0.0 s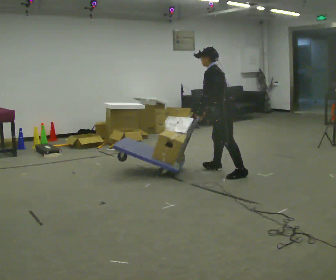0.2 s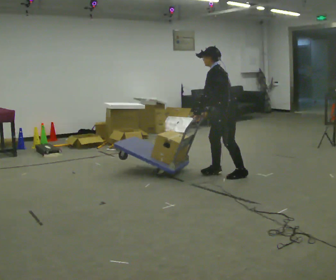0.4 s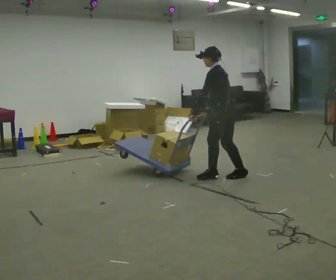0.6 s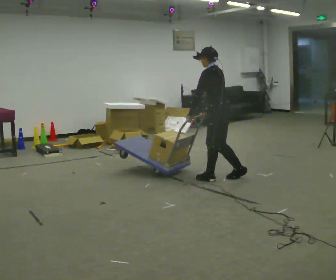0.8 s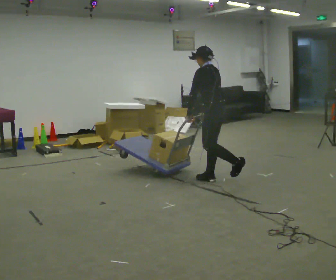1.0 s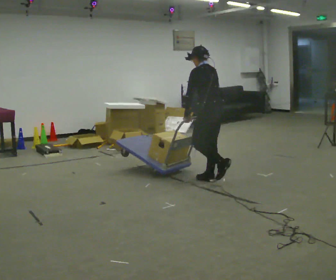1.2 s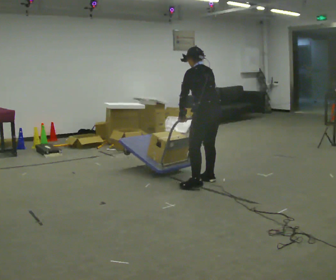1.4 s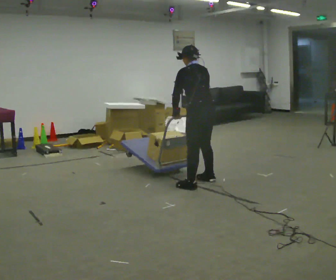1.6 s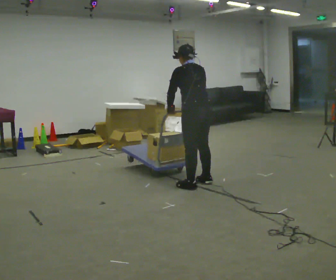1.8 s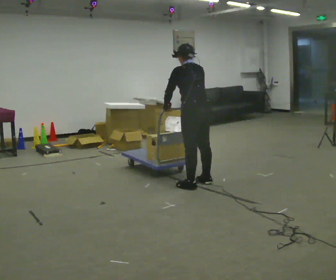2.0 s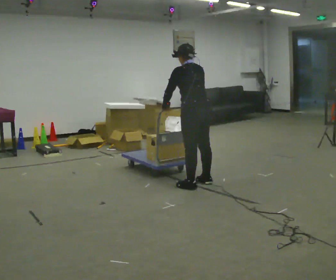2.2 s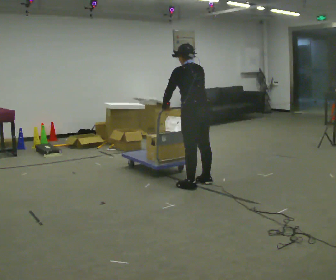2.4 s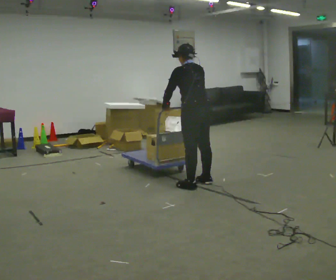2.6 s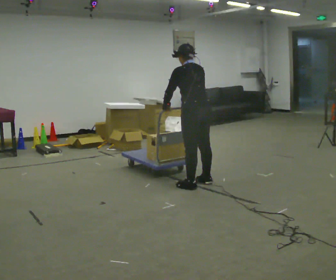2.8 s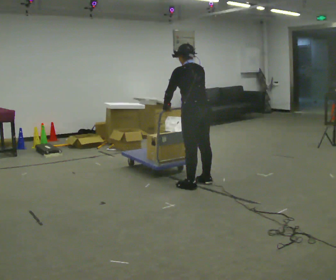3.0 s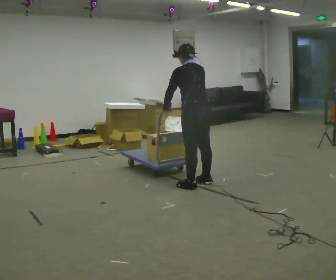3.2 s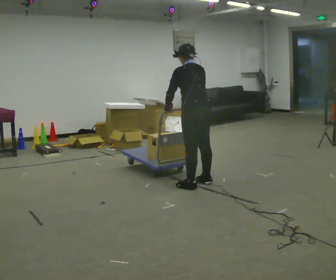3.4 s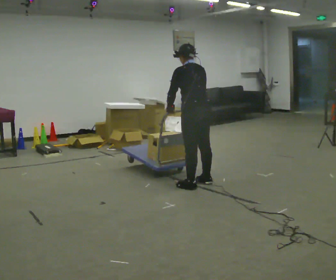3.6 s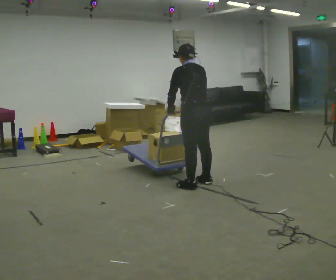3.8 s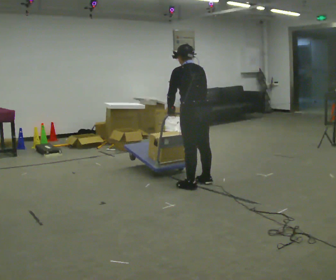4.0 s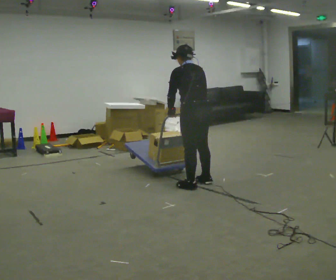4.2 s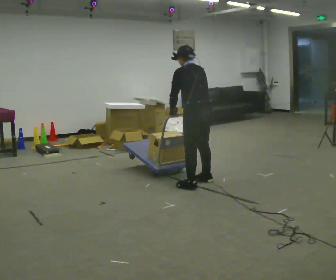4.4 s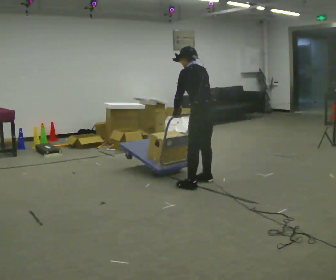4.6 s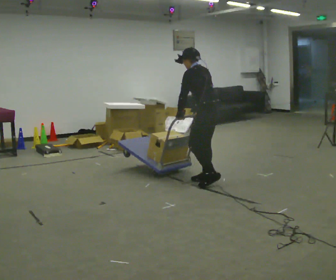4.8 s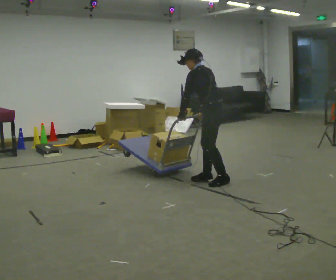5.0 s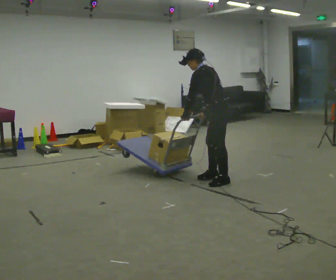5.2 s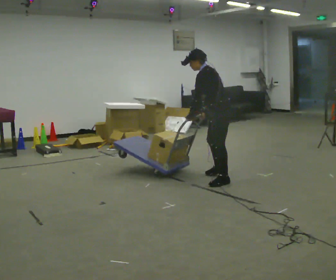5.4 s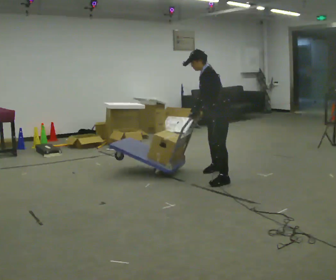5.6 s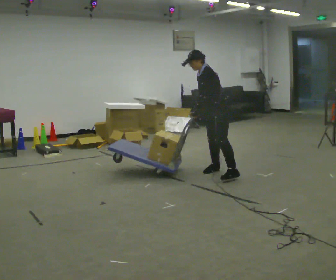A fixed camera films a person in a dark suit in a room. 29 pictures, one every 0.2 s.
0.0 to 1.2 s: The part of the body nearest the lens slides to the left as the person turns to their right by about 30 degrees. In the picture they go toward the camera and to the left, about 0.5 m in 2 steps, which for them is to their left and forward.
1.2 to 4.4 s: The person moves a little, or ends about where they began.
4.4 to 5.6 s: Seen from above the body turns counterclockwise, about 60 degrees: to their left, with its near side sliding to the right. In the picture they go away from the camera, about 0.5 m in 3 steps, which for them is to their right. The upper body tips toward the camera, its near side rolling downward.
The film runs backward here.
